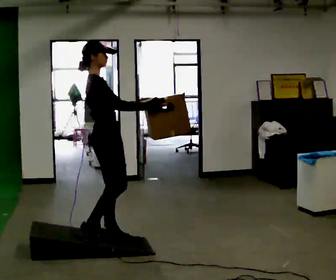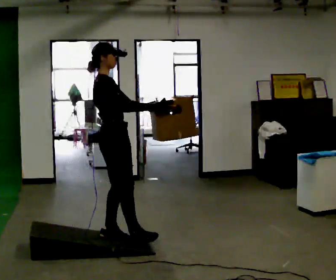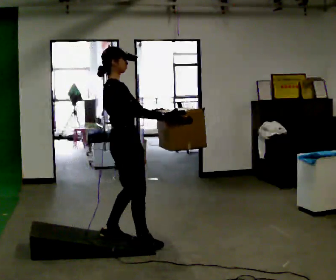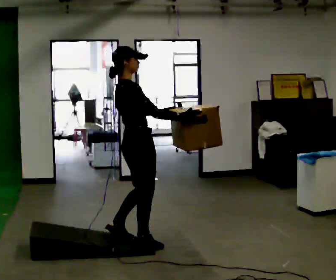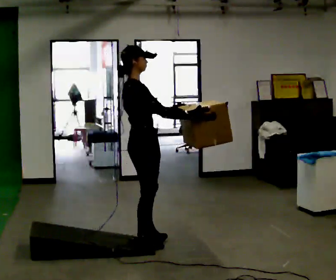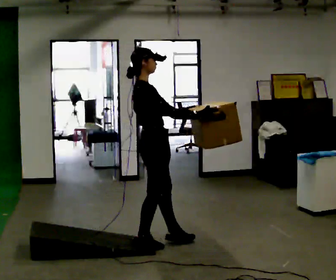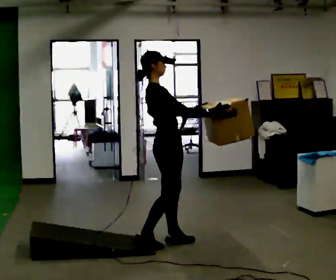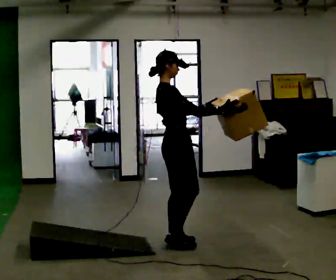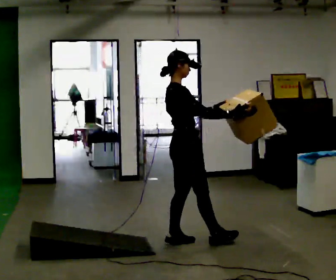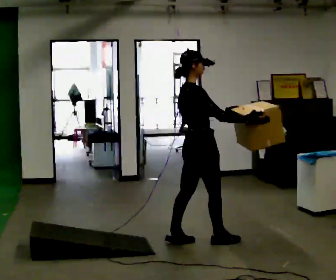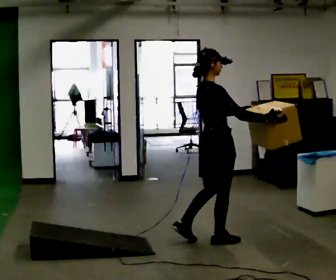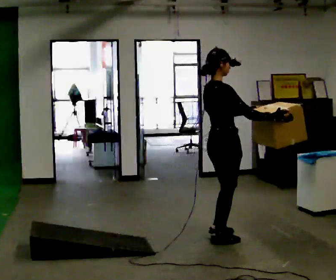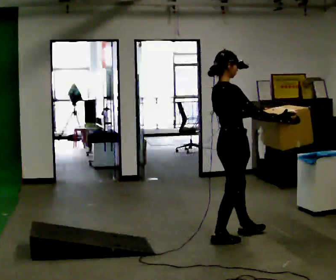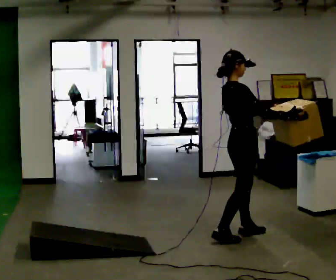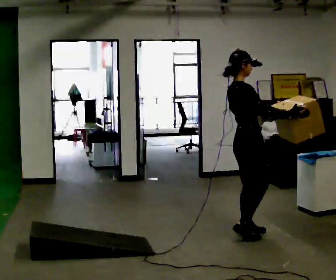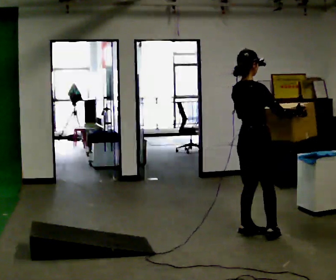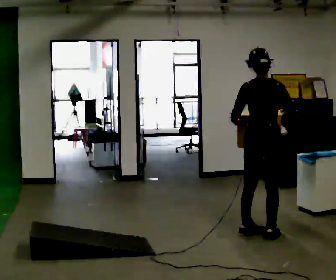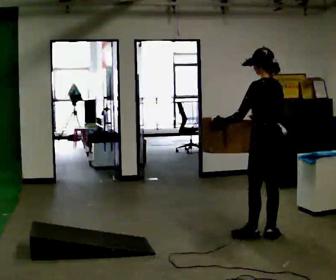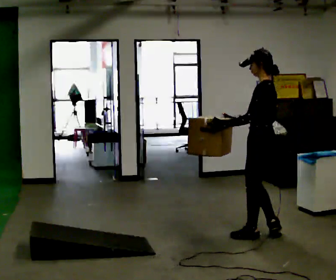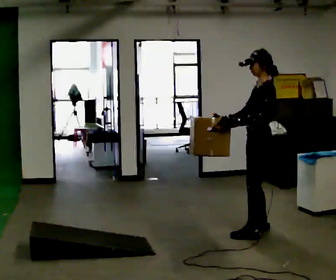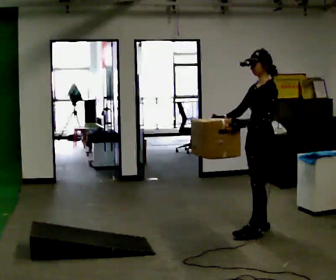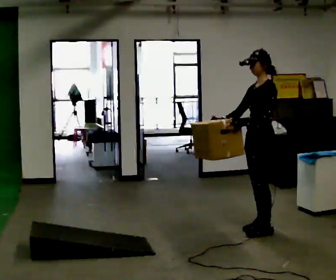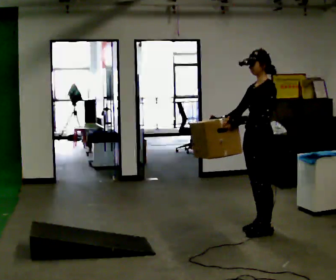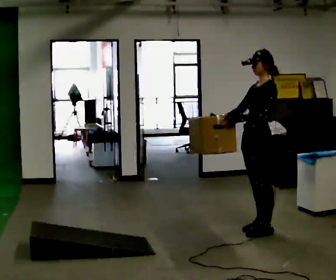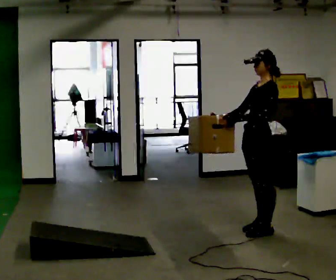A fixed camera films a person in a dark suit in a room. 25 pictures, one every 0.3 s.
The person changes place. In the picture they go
to the right.
0.0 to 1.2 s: In the picture they go to the right, about 0.25 m in 1 step, which for them is forward.
1.2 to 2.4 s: In the picture they go to the right and away from the camera, about 0.5 m in 1 step, which for them is forward.
2.4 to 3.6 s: In the picture they go to the right, about 0.5 m in 2 steps, which for them is forward.
3.6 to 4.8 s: Seen from above the body turns counterclockwise, about 60 degrees: to their left, with its near side sliding to the right. In the picture they go to the right, about 0.25 m in 1 step.
4.8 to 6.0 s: The person turns about 105 degrees to their left, counterclockwise seen from above, so the part of the body nearest the lens slides to the right. In the picture they go away from the camera, about 0.25 m in 2 steps. In the picture their right hand goes to the left.
6.0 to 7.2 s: The person moves a little, or ends about where they began.
The film runs forward here.
